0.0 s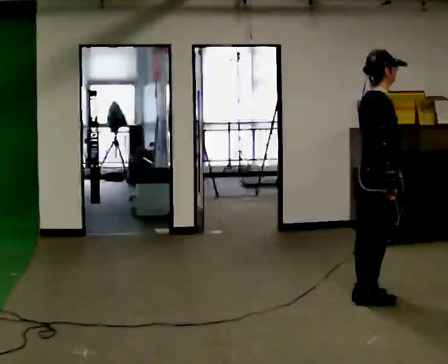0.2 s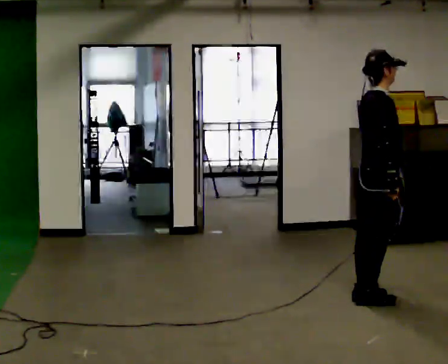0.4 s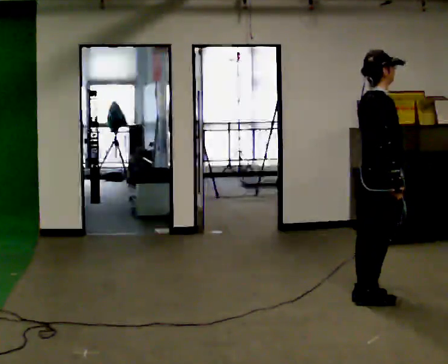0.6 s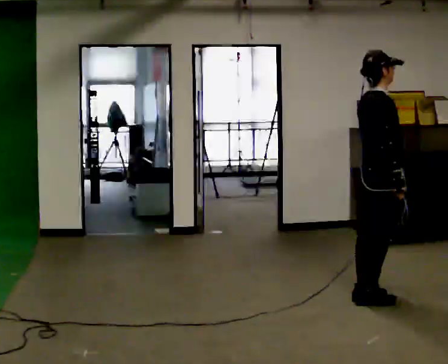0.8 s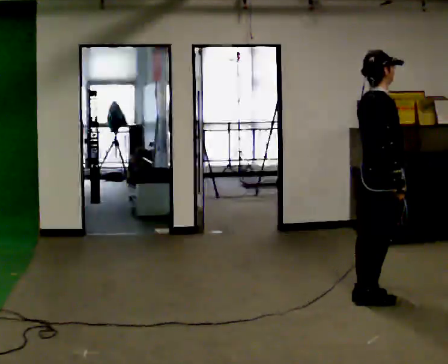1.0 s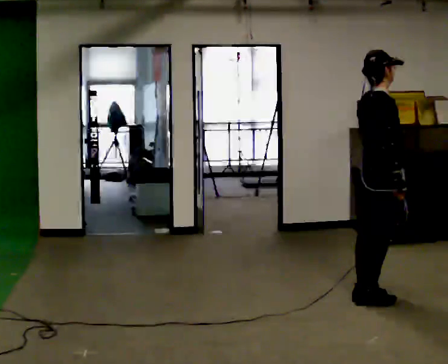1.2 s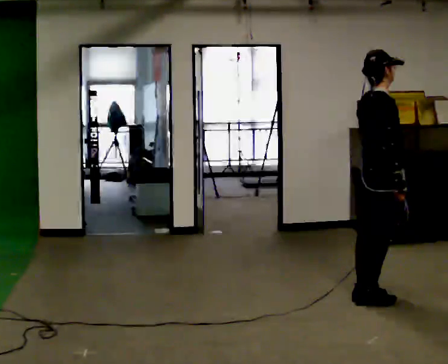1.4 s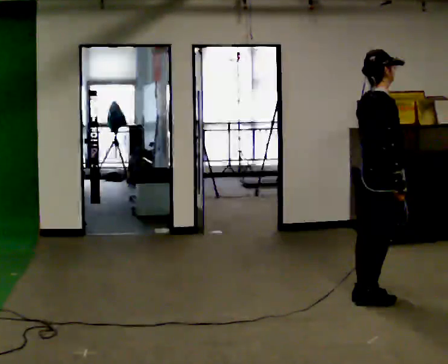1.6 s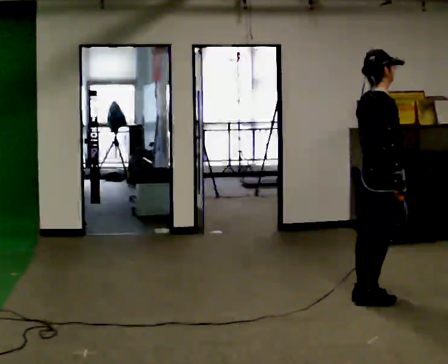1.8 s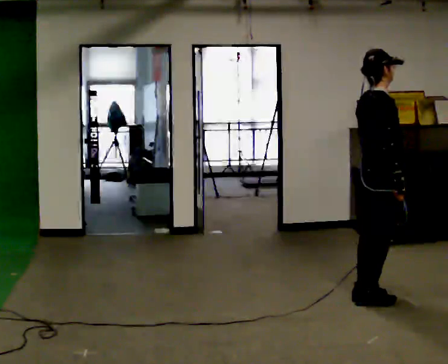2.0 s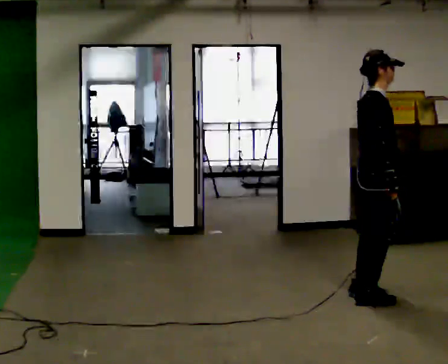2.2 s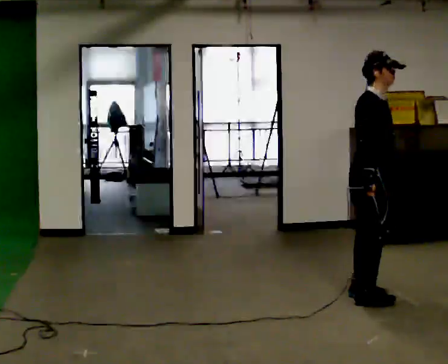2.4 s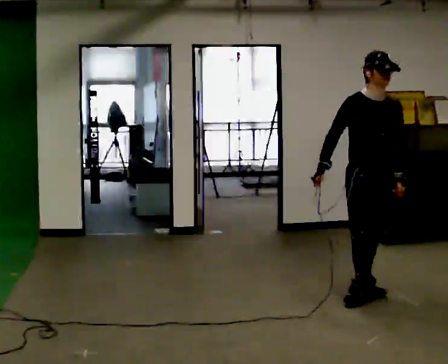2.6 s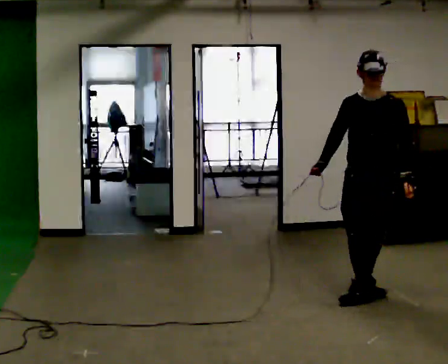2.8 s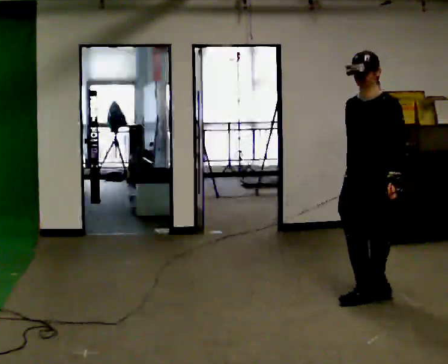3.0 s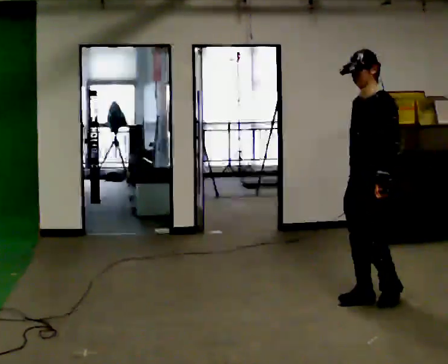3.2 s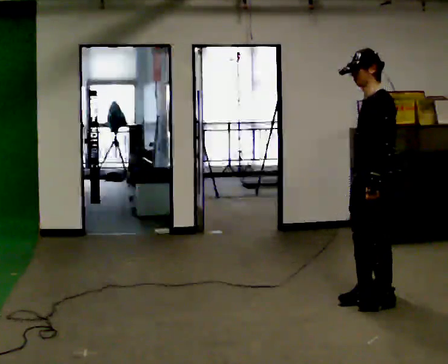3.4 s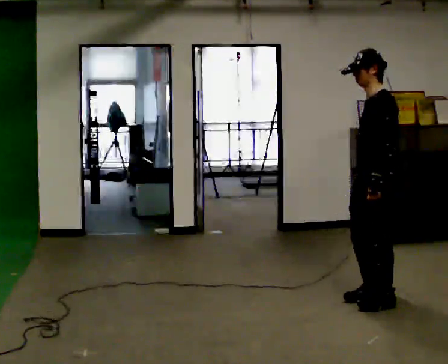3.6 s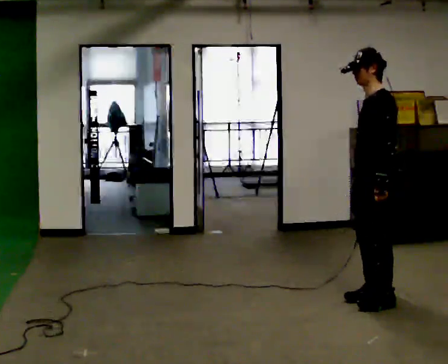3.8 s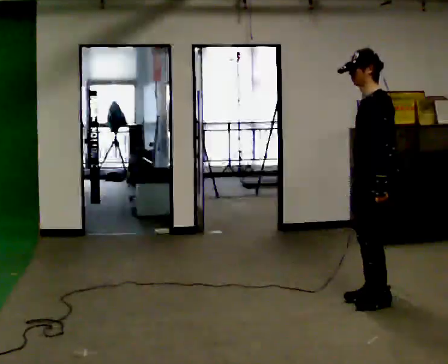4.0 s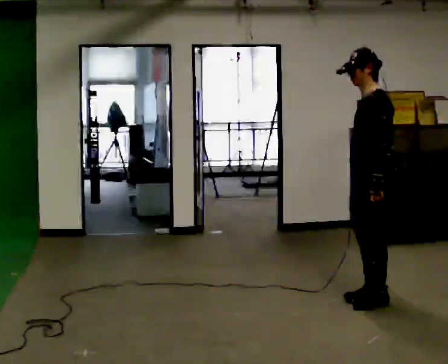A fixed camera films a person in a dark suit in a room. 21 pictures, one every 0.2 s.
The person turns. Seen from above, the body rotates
clockwise.
The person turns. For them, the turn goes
to their right.
0.0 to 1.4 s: The person moves a little, or ends about where they began.
1.4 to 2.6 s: Seen from above the body turns clockwise, about 120 degrees: to their right, with its near side sliding to the left. In the picture their right hand goes to the left, the arm swinging clockwise.
2.6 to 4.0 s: The part of the body nearest the lens slides to the left as the person turns to their right by about 75 degrees.
The film runs forward here.
